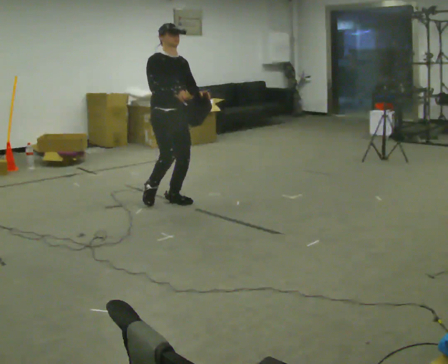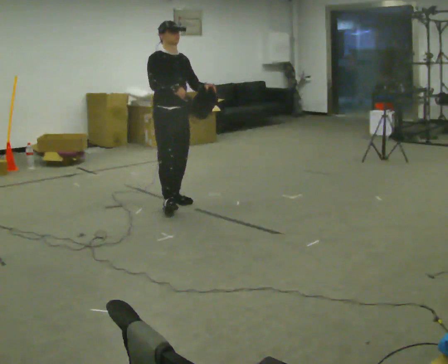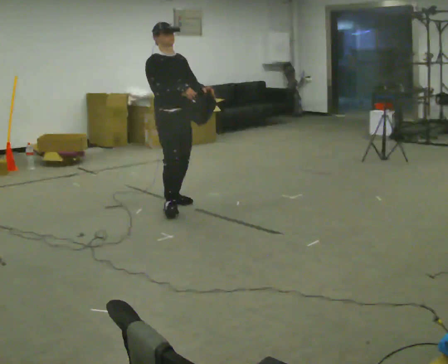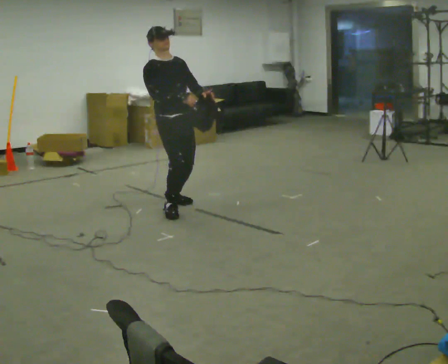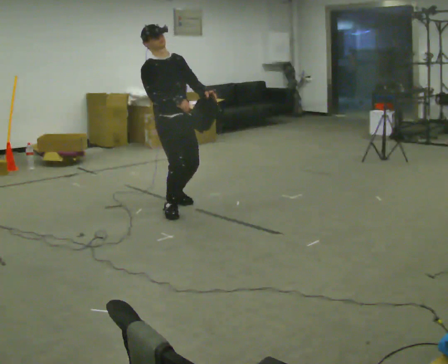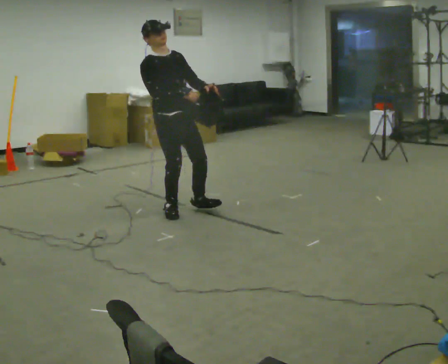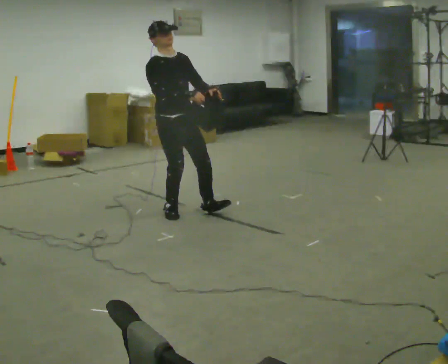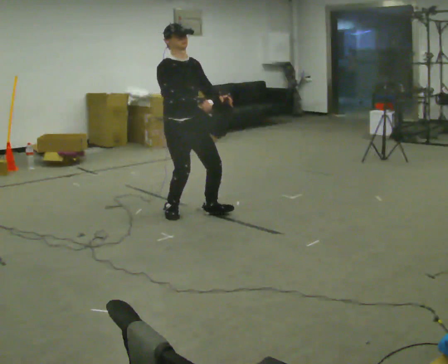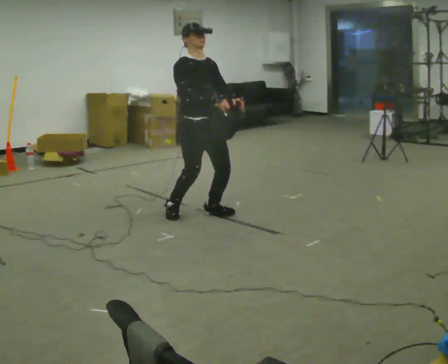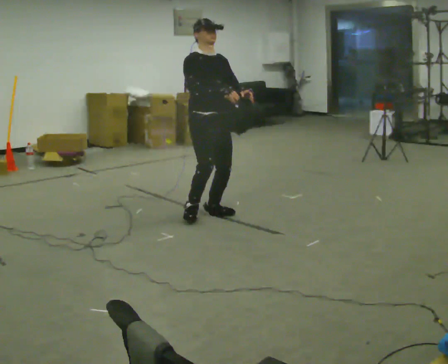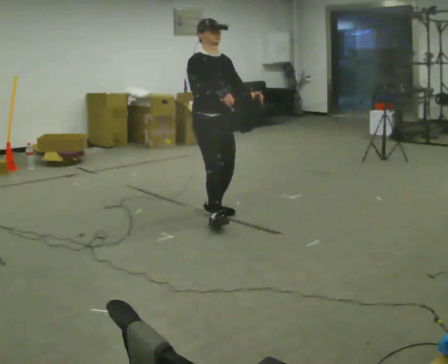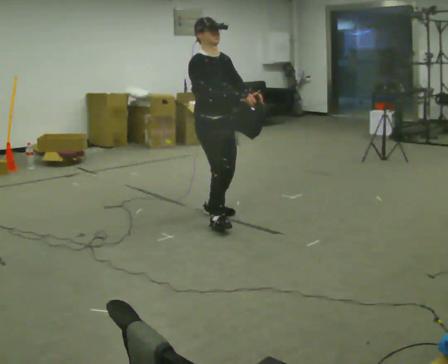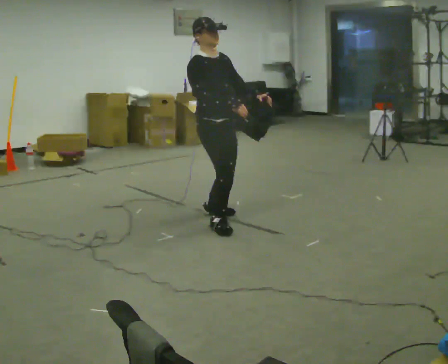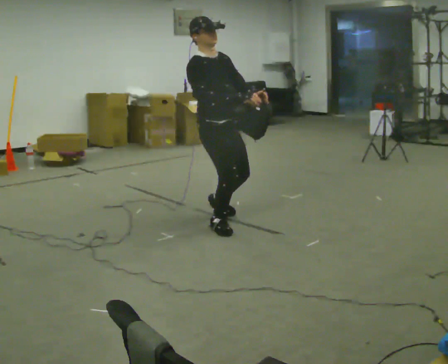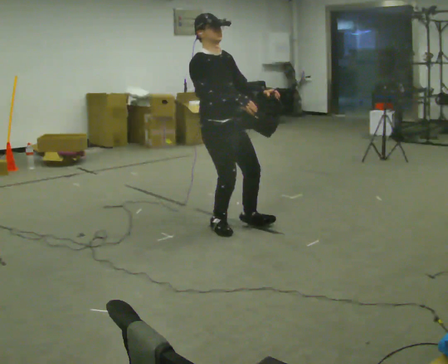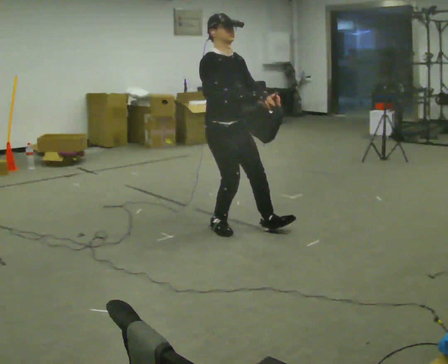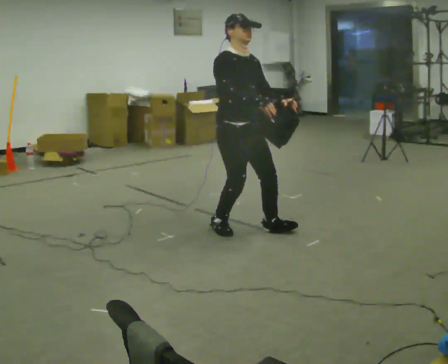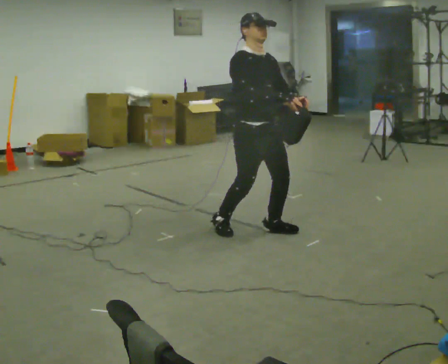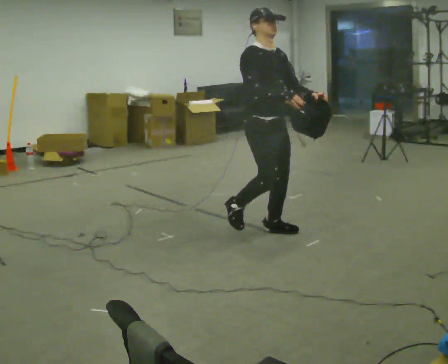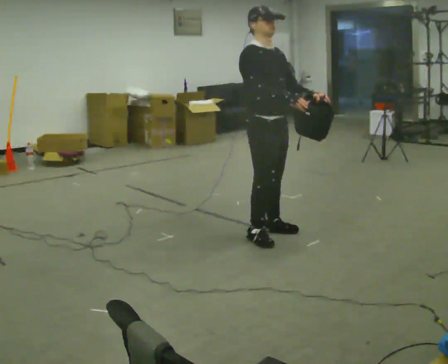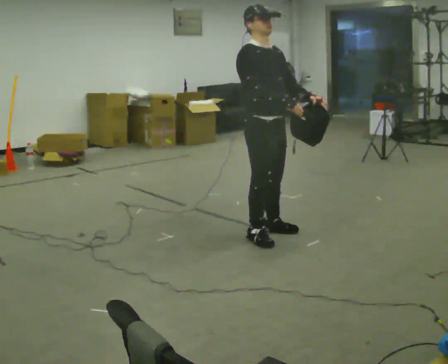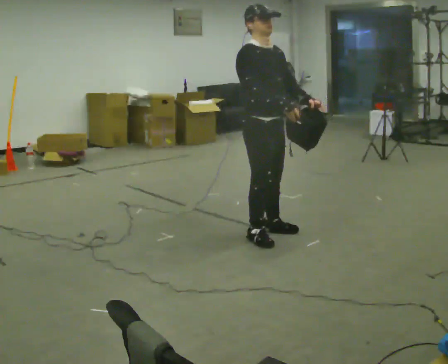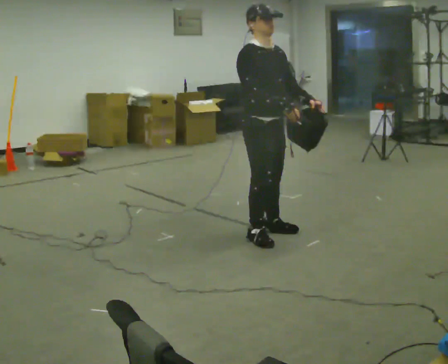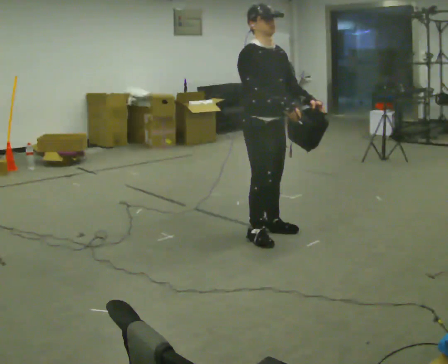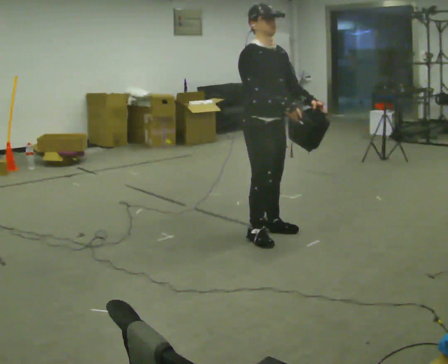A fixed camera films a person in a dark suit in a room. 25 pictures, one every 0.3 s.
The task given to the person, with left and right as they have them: Carry the lidded box and, while you are still walking, open the lid, then close it again. Repeat as you walk back and forth. Do not stop to do it.
0.0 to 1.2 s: In the picture they go toward the camera, about 0.25 m in 1 step, which for them is forward.
1.2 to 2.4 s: In the picture they go to the right, about 0.25 m in 1 step, which for them is forward.
2.4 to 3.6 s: In the picture they go toward the camera and to the right, about 0.25 m in 1 step, which for them is forward.
3.6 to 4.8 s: In the picture they go toward the camera and to the right, about 0.25 m in 1 step, which for them is forward.
4.8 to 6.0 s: In the picture they go to the right, about 0.25 m in 1 step, which for them is forward.
6.0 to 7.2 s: The person moves a little, or ends about where they began.
The film runs forward here.
